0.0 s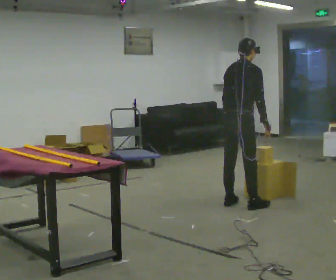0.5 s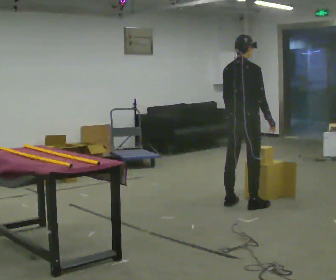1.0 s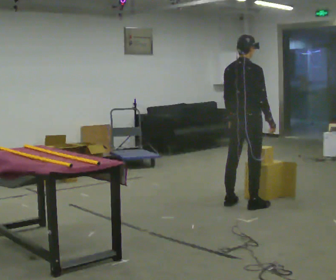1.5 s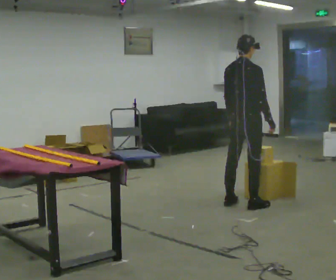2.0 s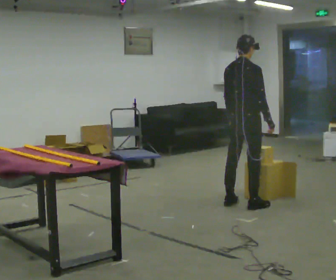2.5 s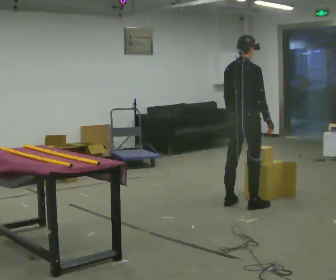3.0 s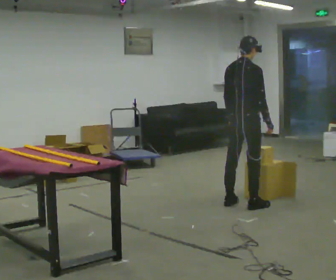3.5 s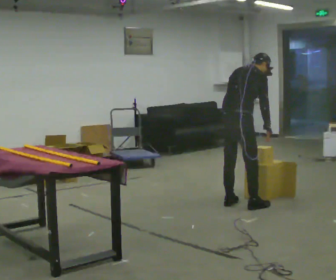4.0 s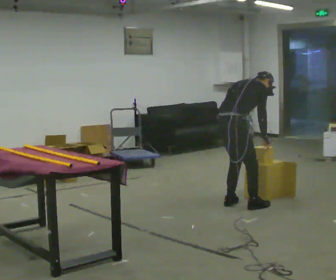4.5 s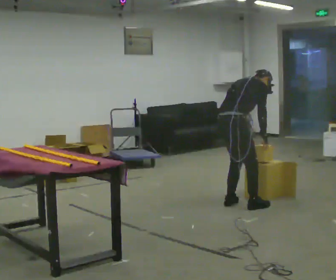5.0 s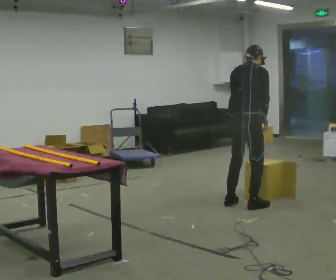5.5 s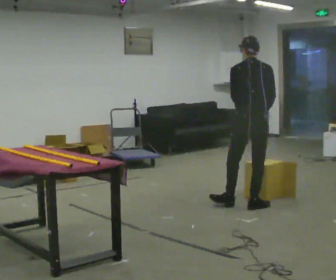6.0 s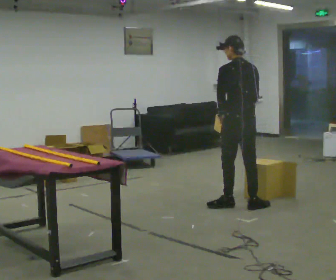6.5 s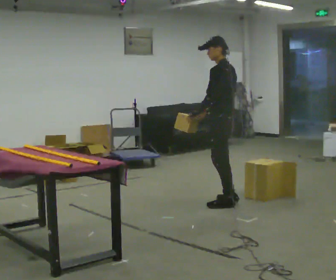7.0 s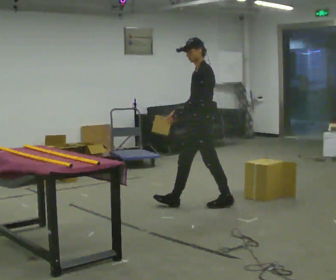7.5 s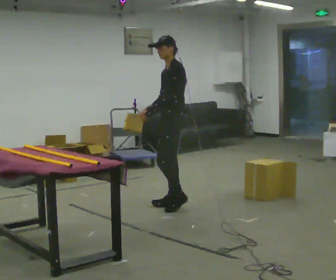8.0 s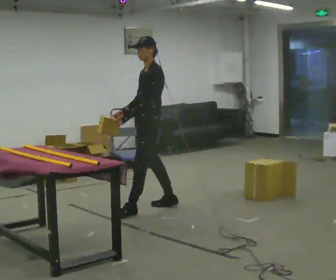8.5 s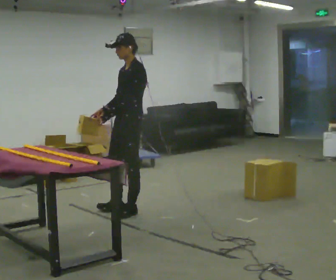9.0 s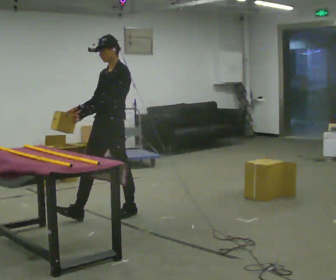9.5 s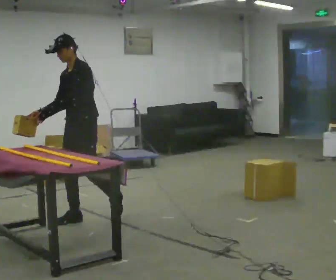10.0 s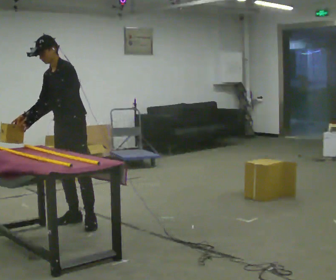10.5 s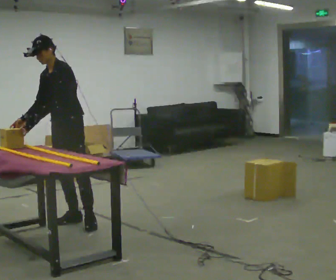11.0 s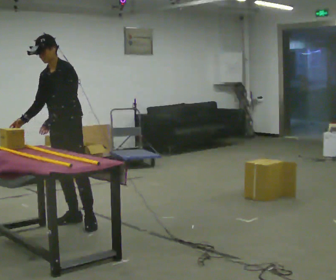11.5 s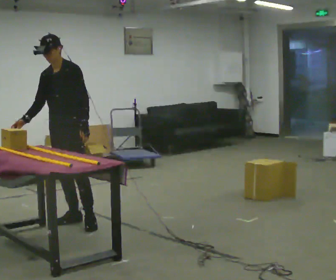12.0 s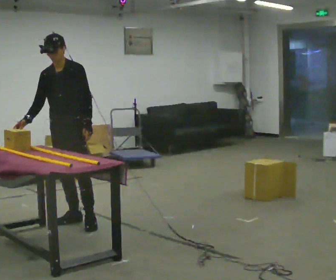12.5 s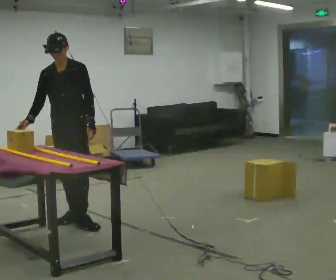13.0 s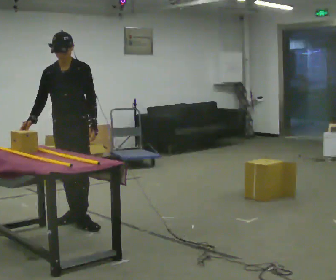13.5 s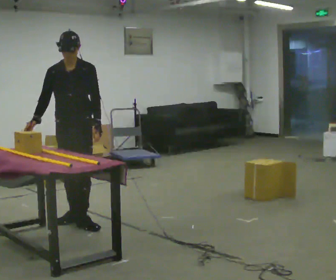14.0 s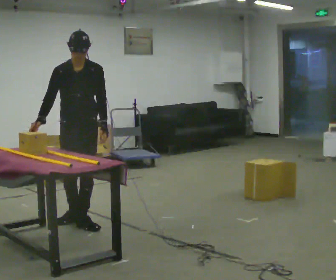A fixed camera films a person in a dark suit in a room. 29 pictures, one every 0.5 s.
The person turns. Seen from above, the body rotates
counterclockwise.
The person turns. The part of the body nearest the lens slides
to the right.
0.0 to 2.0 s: The person moves a little, or ends about where they began.
2.0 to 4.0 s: The shoulders move downward. In the picture the upper body tilts clockwise, shoulders to the right, as they bend forward.
4.0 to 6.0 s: The part of the body nearest the lens slides to the right as the person turns to their left by about 75 degrees. The shoulders move upward. In the picture the upper body tilts counterclockwise, shoulders to the left, as they lean back or straighten.
6.0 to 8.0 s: Seen from above the body turns counterclockwise, about 90 degrees: to their left, with its near side sliding to the right. In the picture they go to the left, about 1 m in 2 steps.
8.0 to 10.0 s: The person turns about 45 degrees to their left, counterclockwise seen from above, so the part of the body nearest the lens slides to the right. In the picture they go to the left and toward the camera, about 1 m in 2 steps, which for them is forward.
10.0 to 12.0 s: The part of the body nearest the lens slides to the right as the person turns to their left by about 30 degrees. In the picture their left hand goes to the right, the arm swinging counterclockwise.
12.0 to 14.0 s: The person moves a little, or ends about where they began.
The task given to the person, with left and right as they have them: Carry the object across the room and slide it into the slot on the shelf. It is a close fit, so take the time you need. Keep going until the operator says stop; one object at a time, and do not rush between trips.
The film runs forward here.
